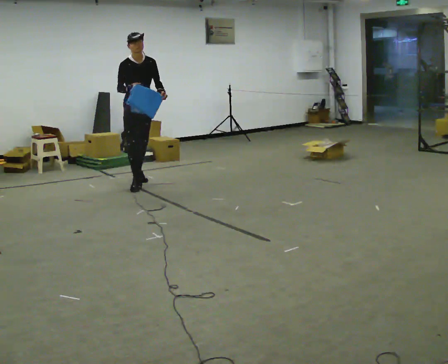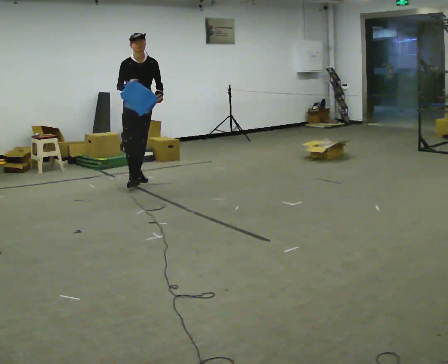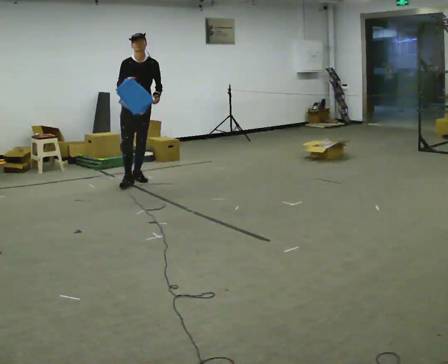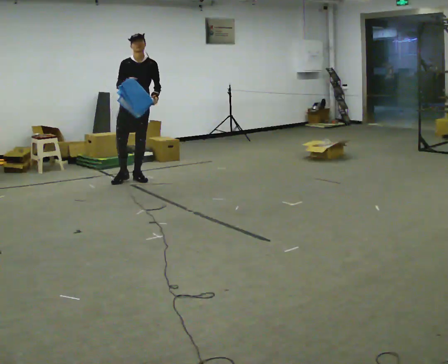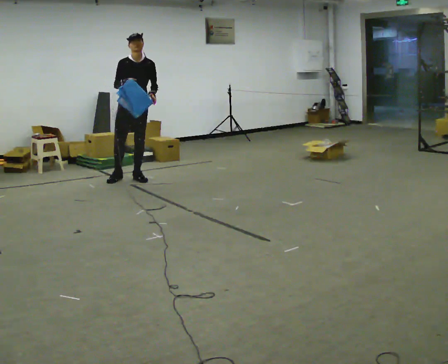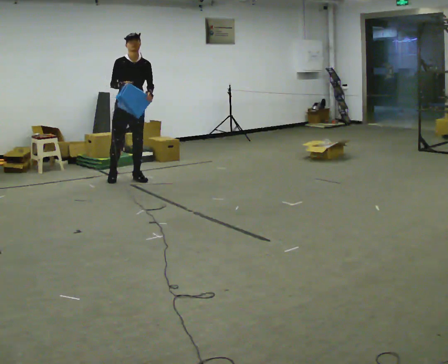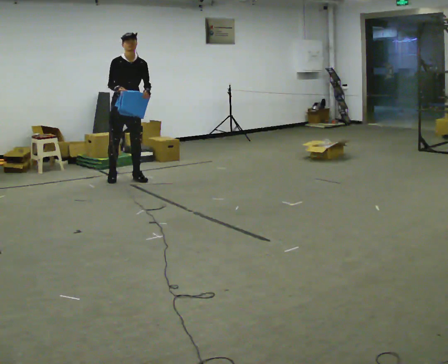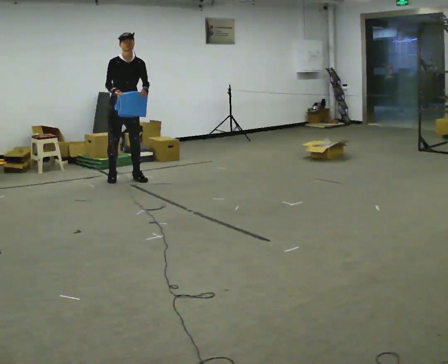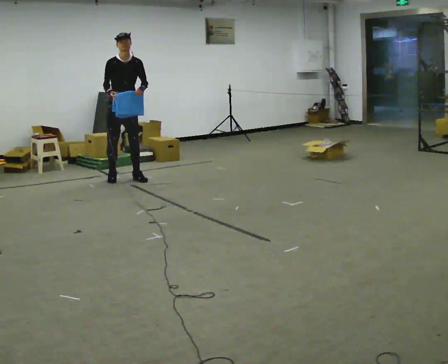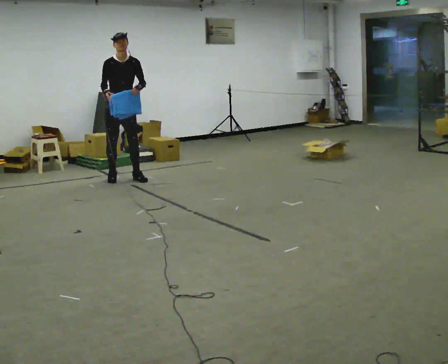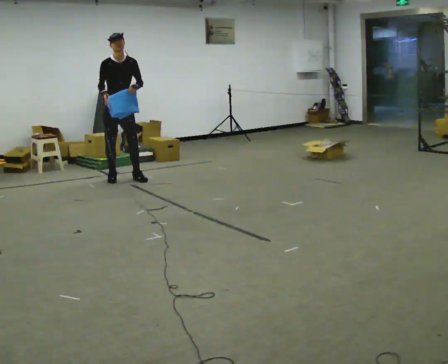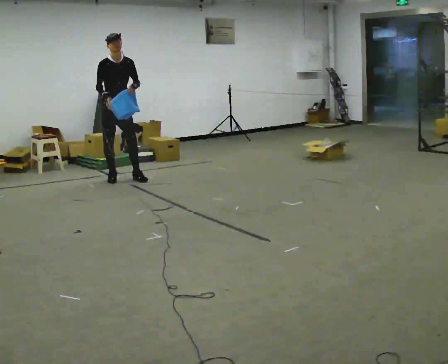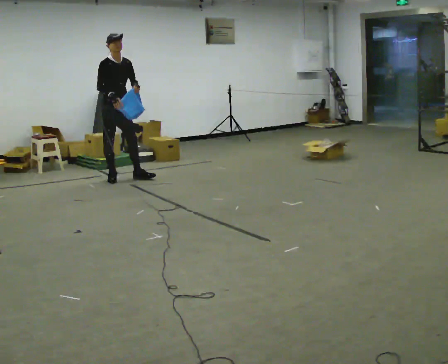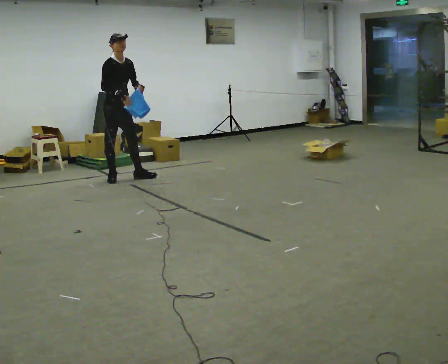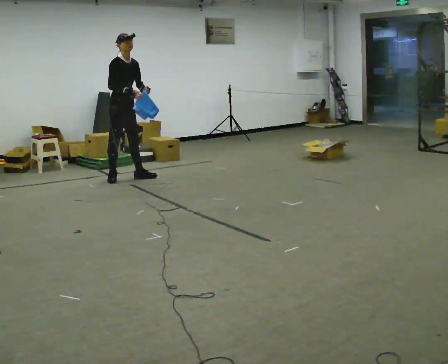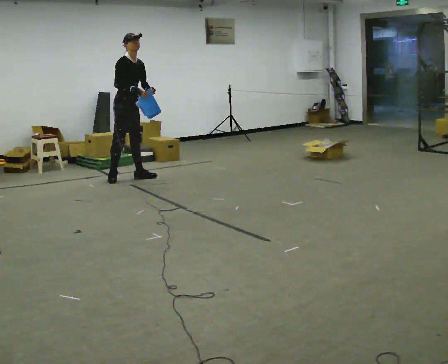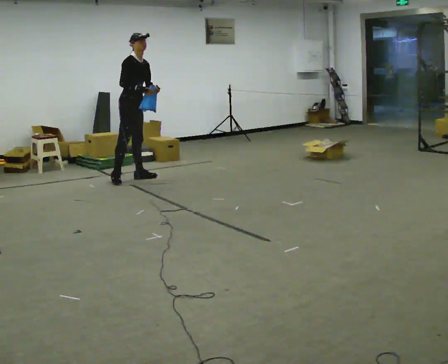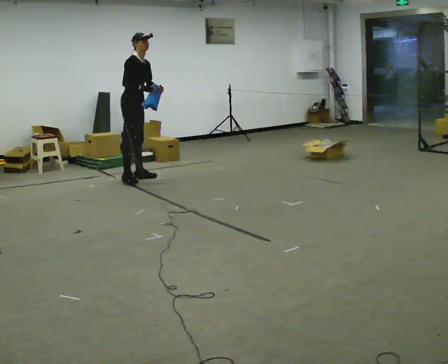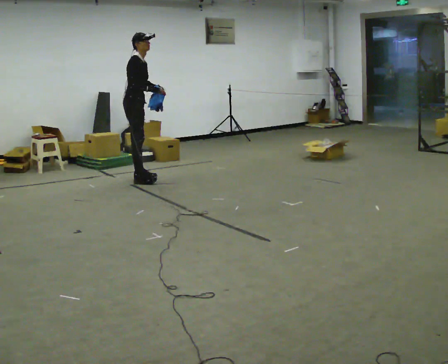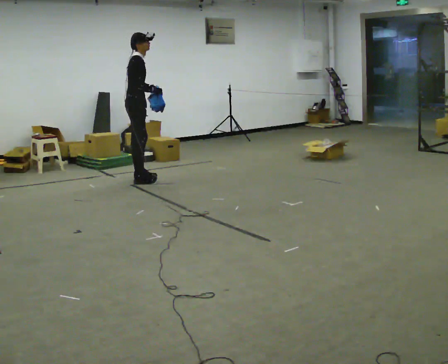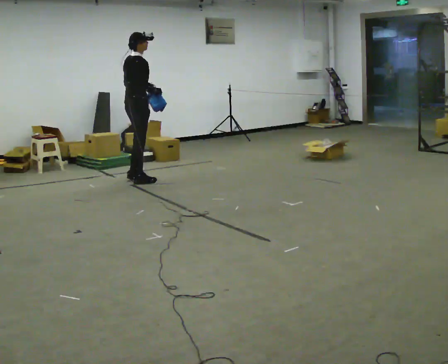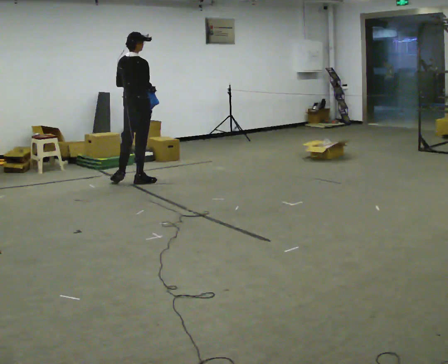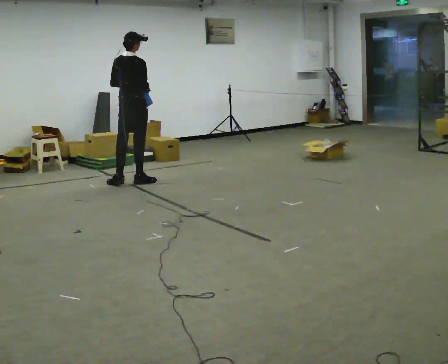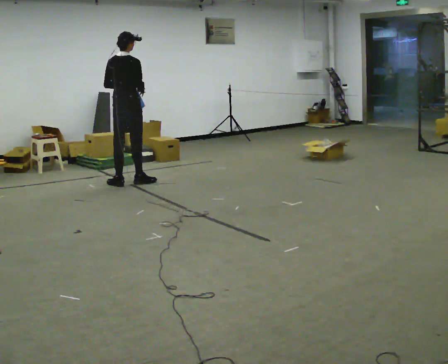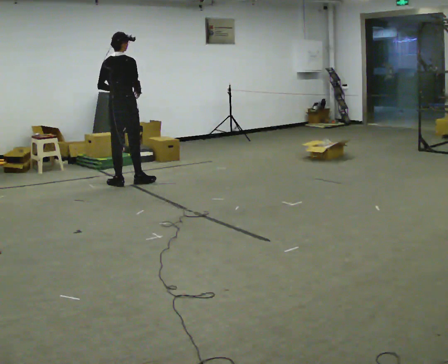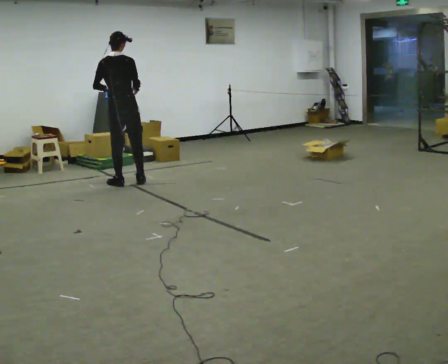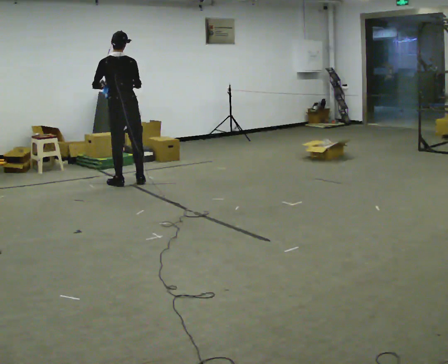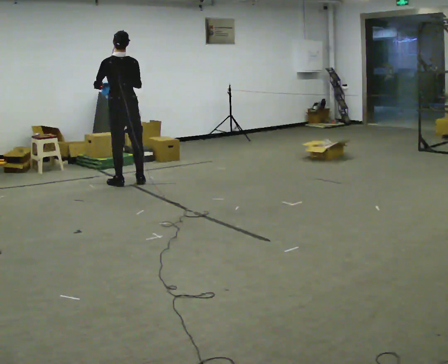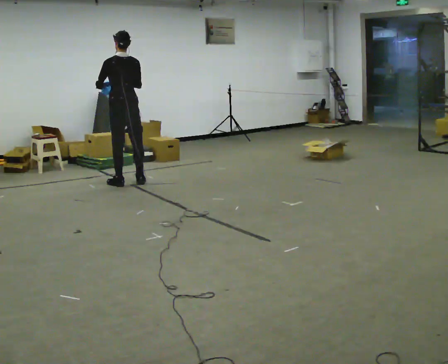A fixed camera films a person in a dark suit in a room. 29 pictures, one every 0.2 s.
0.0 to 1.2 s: In the picture they go away from the camera, about 0.25 m in 1 step, which for them is backward and to their right.
1.2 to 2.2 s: The person moves a little, or ends about where they began.
2.2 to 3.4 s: The person turns about 45 degrees to their left, counterclockwise seen from above, so the part of the body nearest the lens slides to the right. In the picture they go to the right, about 0.25 m in 1 step, which for them is forward. In the picture their right hand goes to the right.
3.4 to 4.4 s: The part of the body nearest the lens slides to the right as the person turns to their left by about 90 degrees. In the picture they go toward the camera, about 0.25 m in 1 step. In the picture the upper body tilts counterclockwise, shoulders to the left.
4.4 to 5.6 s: The part of the body nearest the lens slides to the right as the person turns to their left by about 45 degrees. In the picture their left hand goes to the left.
The film runs backward here.
